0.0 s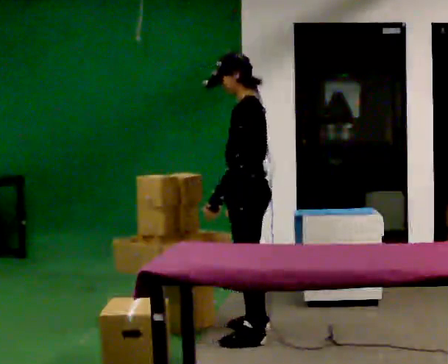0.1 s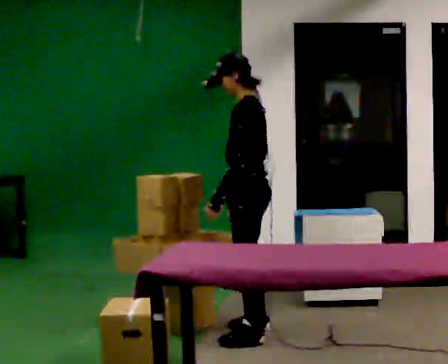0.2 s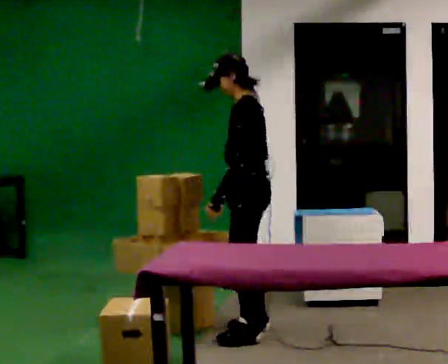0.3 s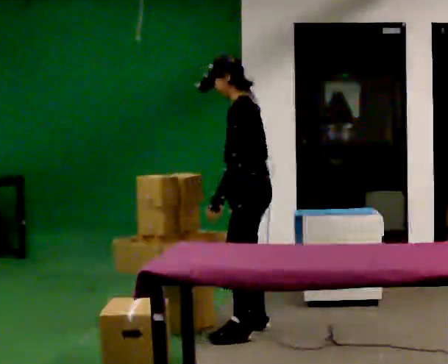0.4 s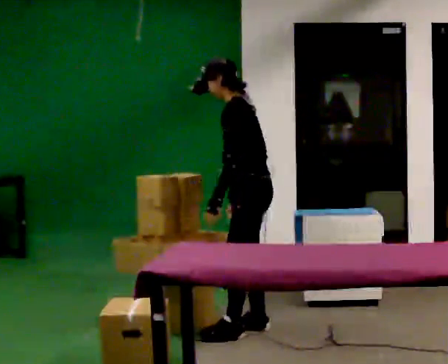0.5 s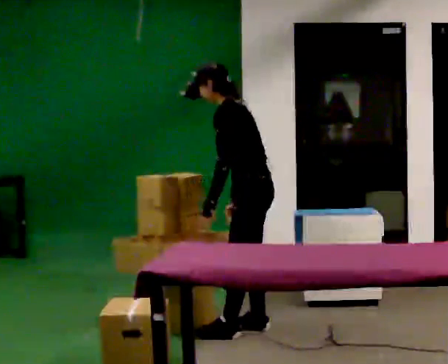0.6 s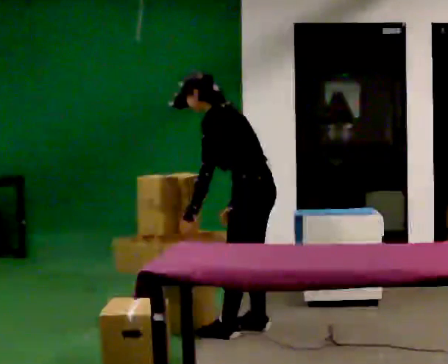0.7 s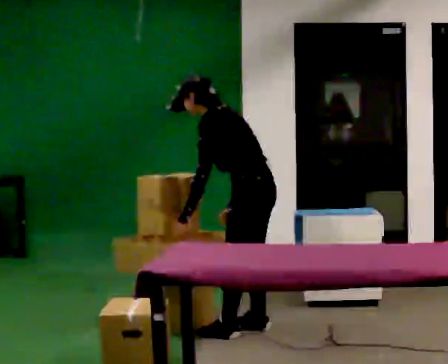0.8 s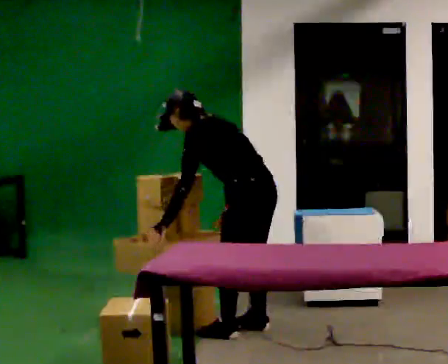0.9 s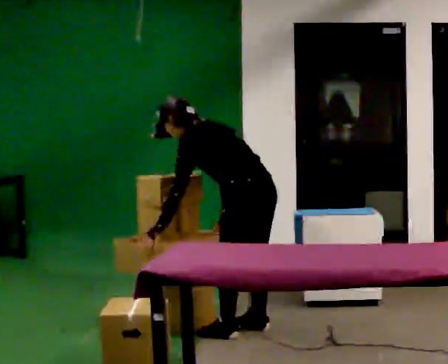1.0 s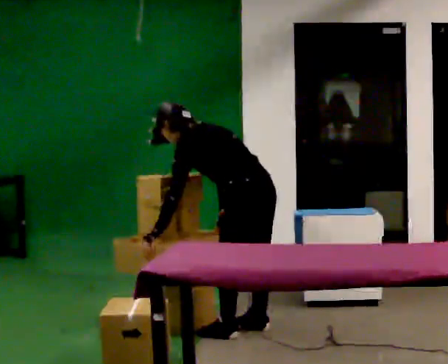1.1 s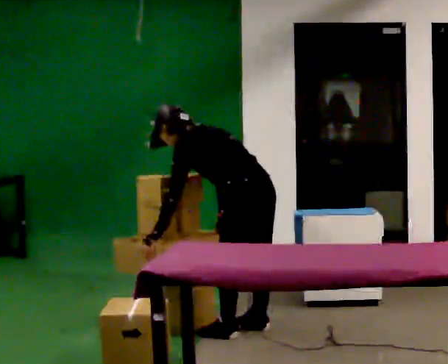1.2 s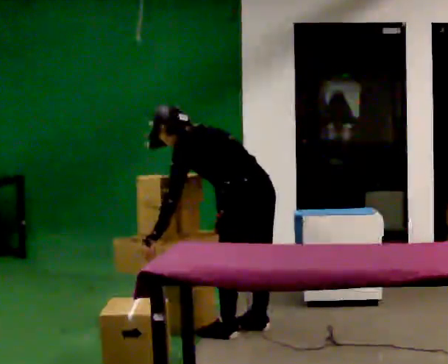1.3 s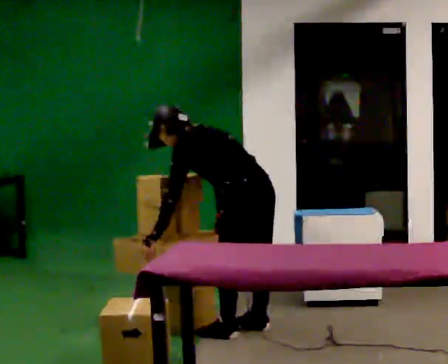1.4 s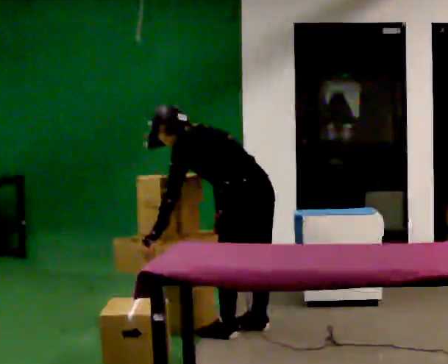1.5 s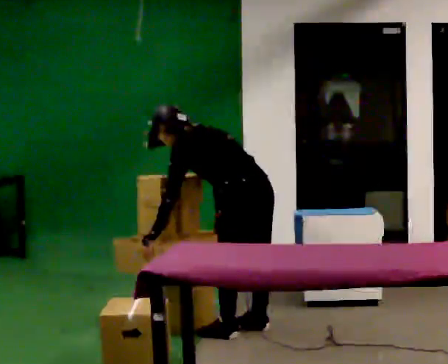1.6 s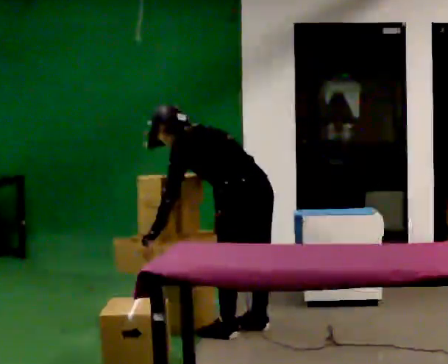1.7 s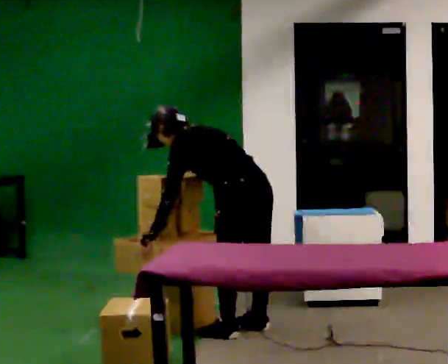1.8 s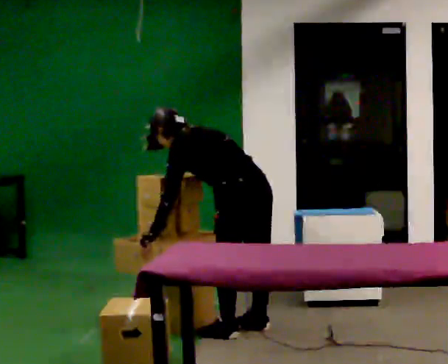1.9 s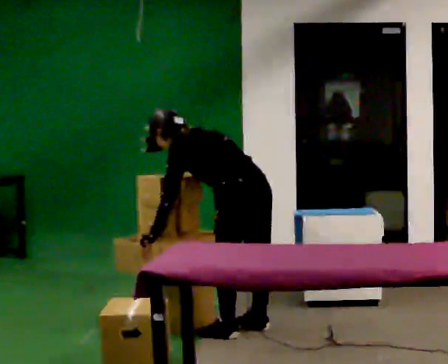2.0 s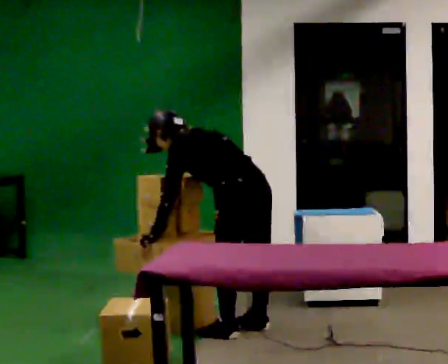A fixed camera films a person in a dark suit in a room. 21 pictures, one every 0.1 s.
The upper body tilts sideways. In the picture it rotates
counterclockwise.
0.0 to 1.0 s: Seen from above the body turns clockwise, about 45 degrees: to their right, with its near side sliding to the left. The shoulders move downward. In the picture the upper body tilts counterclockwise, shoulders to the left, as they bend forward.
1.0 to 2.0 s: The person moves a little, or ends about where they began.
The film runs backward here.
